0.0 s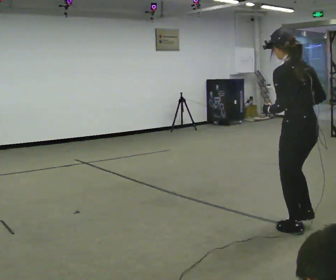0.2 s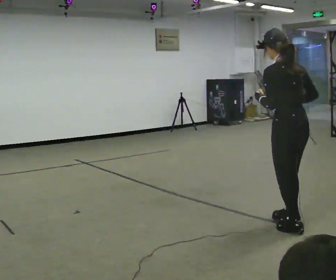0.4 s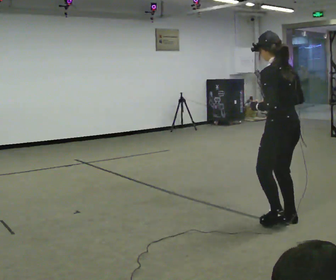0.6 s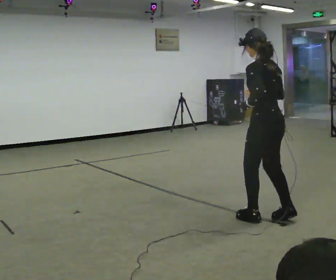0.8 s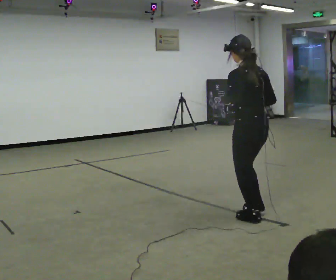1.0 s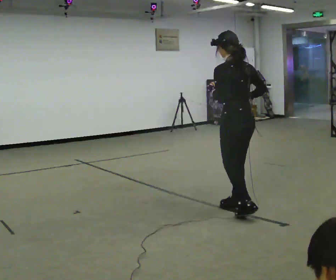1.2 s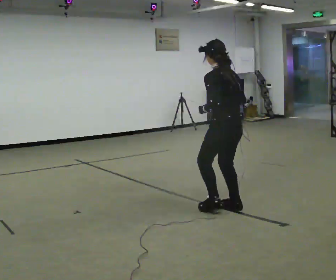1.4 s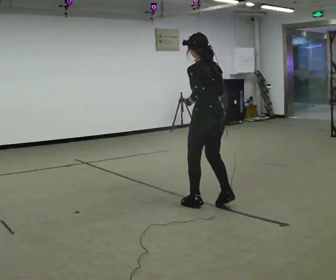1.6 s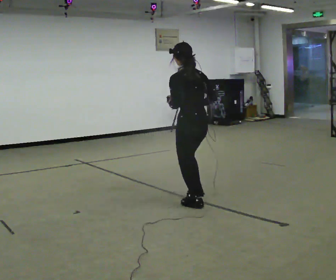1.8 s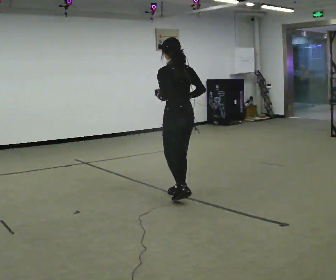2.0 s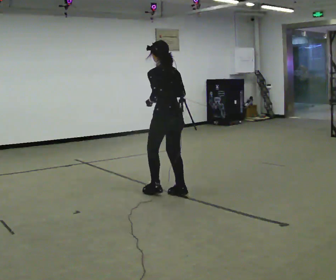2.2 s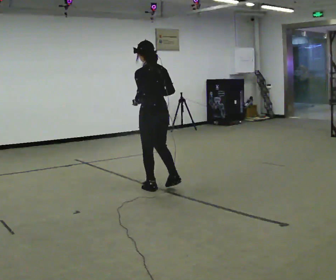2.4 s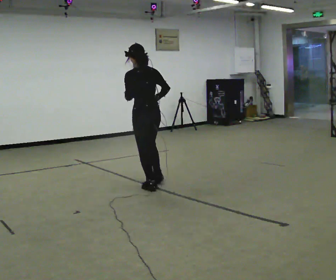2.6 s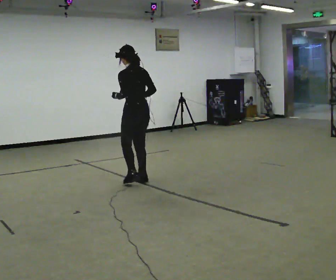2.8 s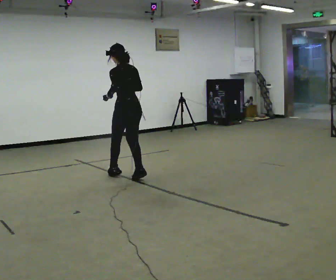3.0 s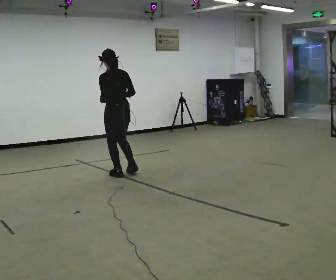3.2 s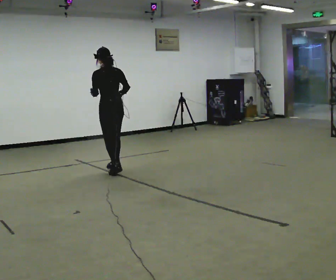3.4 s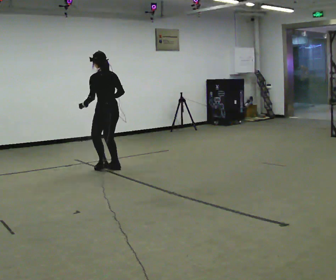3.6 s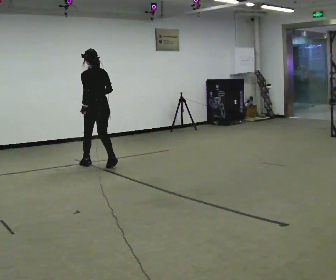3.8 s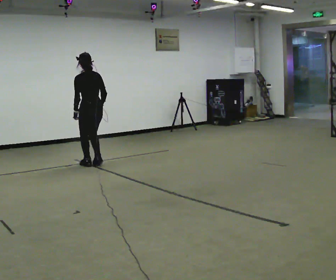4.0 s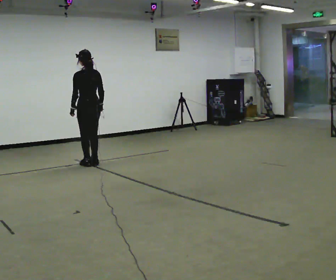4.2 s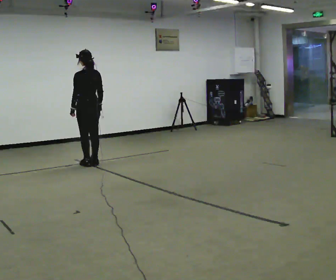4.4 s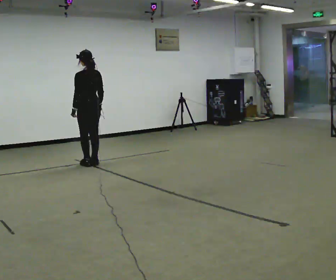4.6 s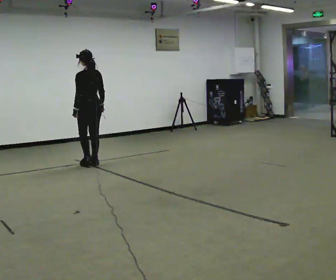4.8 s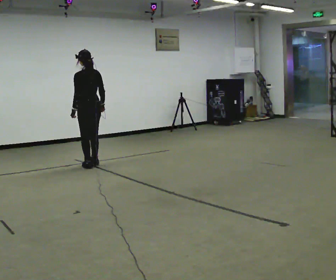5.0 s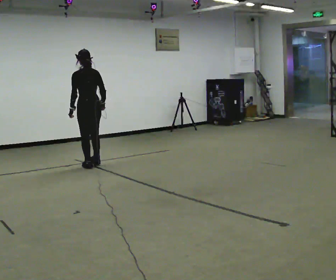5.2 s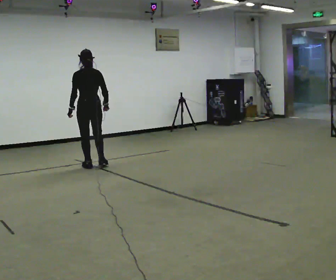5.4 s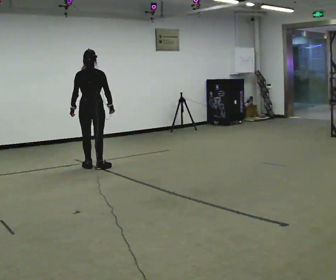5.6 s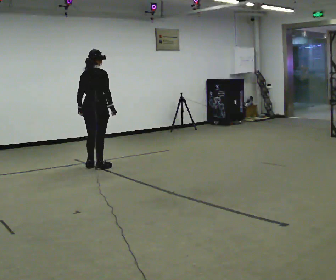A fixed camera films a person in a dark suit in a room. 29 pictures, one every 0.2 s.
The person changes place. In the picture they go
away from the camera.
0.0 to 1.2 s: In the picture they go away from the camera and to the left, about 1 m in 3 steps, which for them is forward.
1.2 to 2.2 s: In the picture they go away from the camera and to the left, about 1 m in 3 steps, which for them is forward.
2.2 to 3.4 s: In the picture they go away from the camera and to the left, about 1 m in 3 steps, which for them is forward.
3.4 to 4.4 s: In the picture they go away from the camera and to the left, about 0.5 m in 1 step, which for them is forward.
4.4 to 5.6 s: The person turns about 60 degrees to their right, clockwise seen from above, so the part of the body nearest the lens slides to the left. In the picture they go toward the camera, about 0.25 m in 2 steps.
The film runs backward here.
